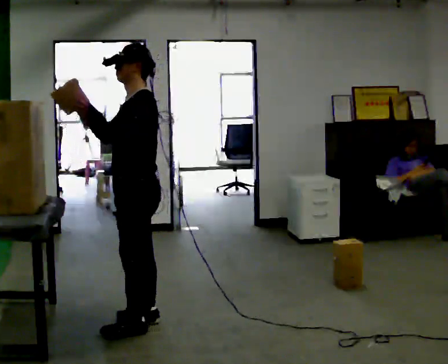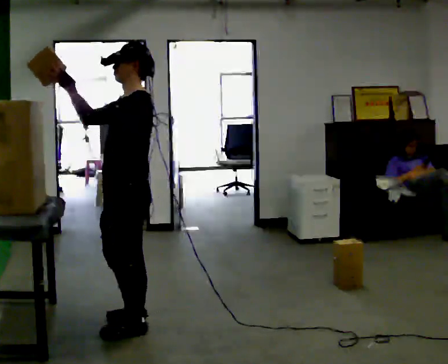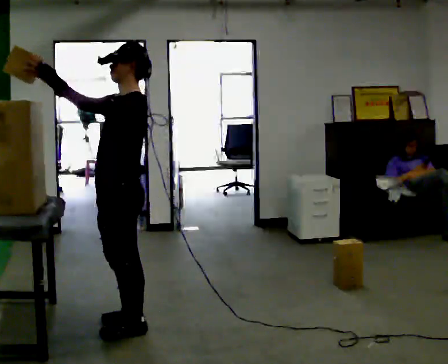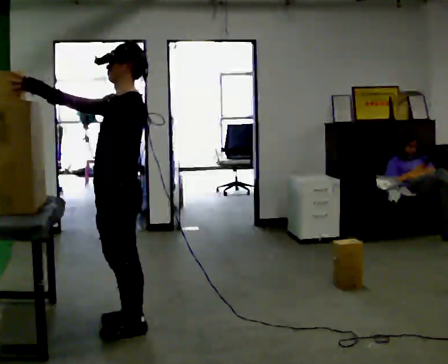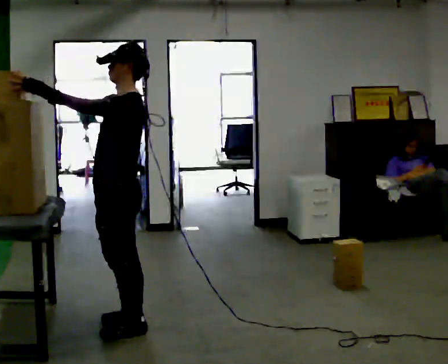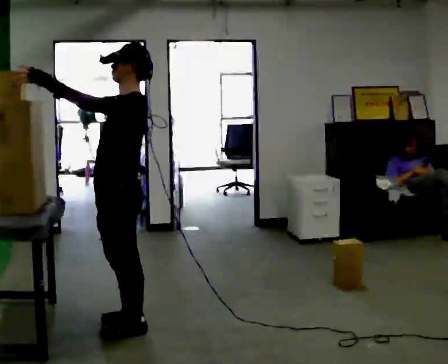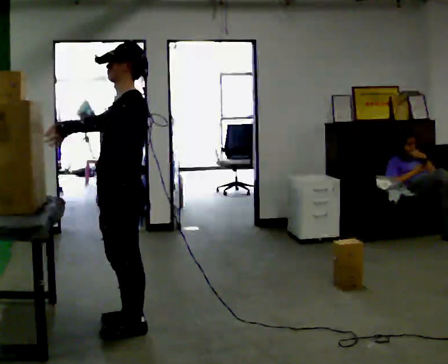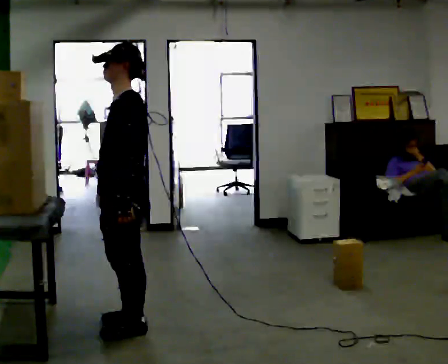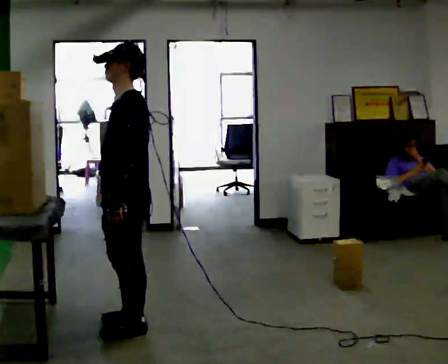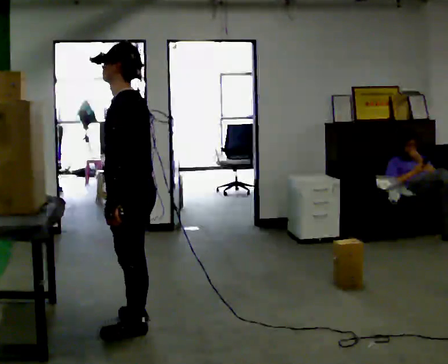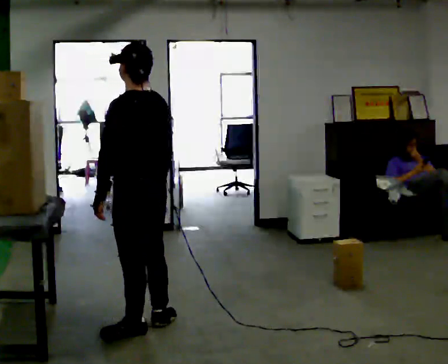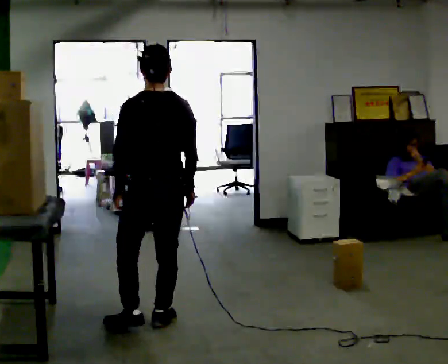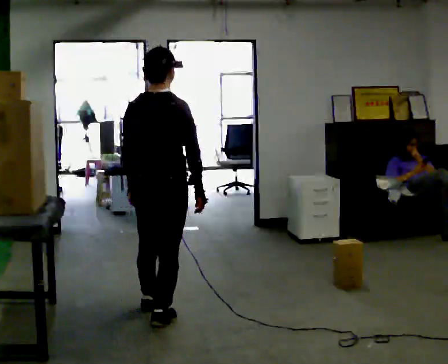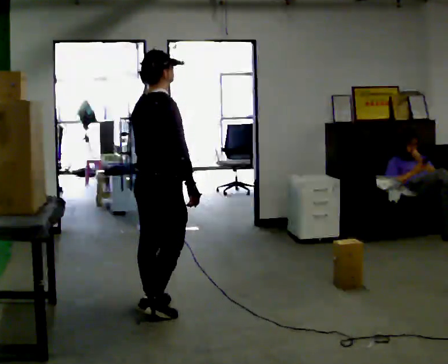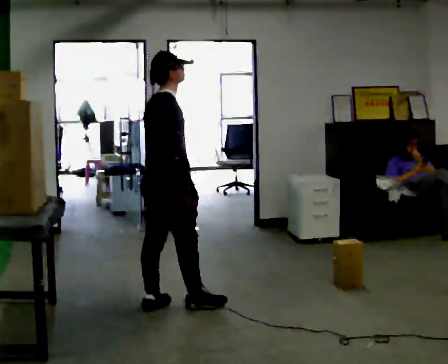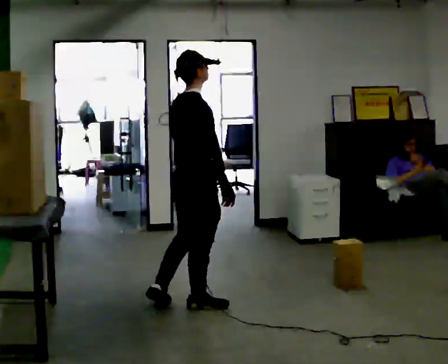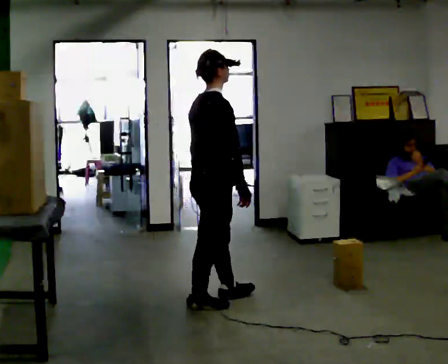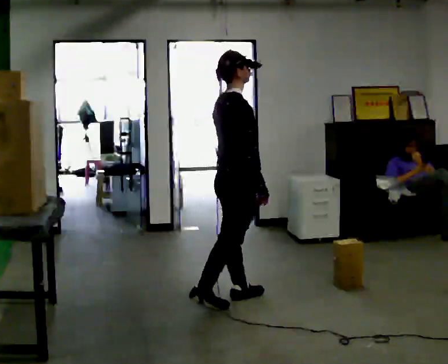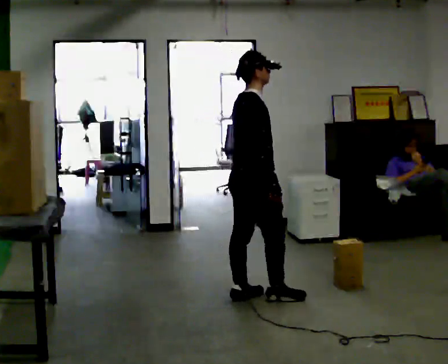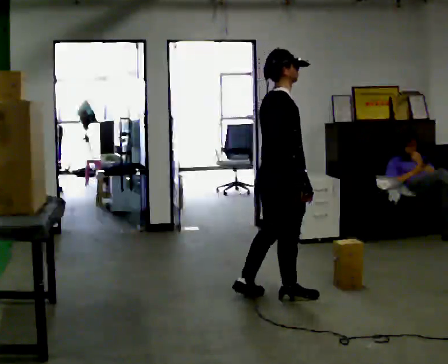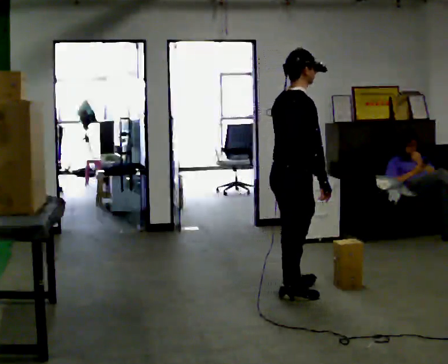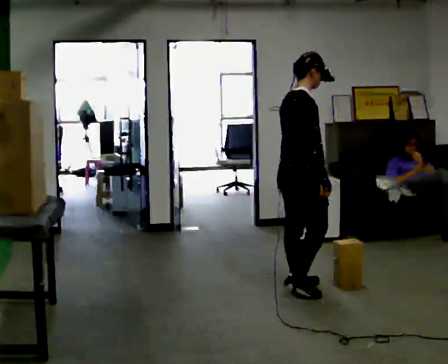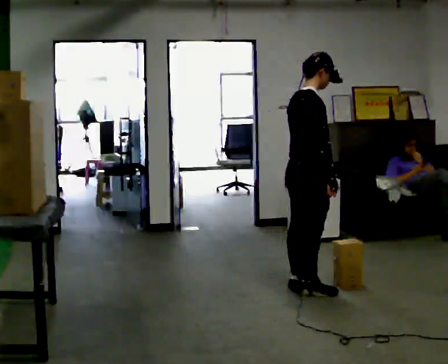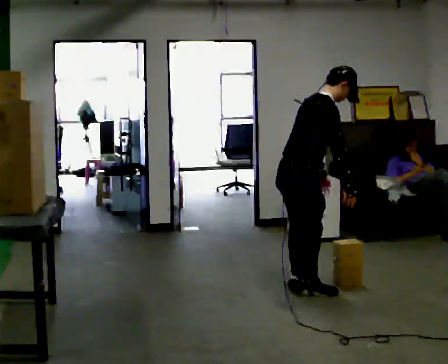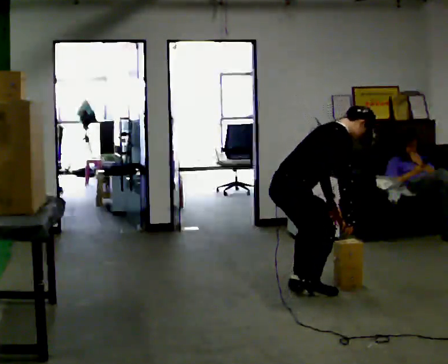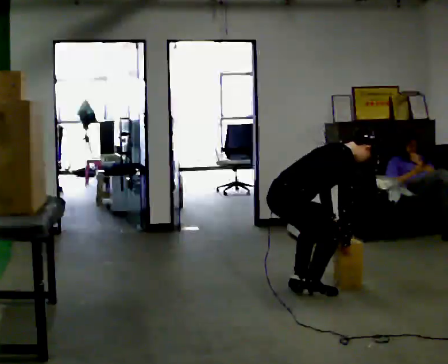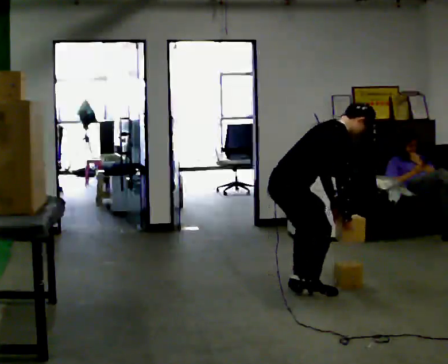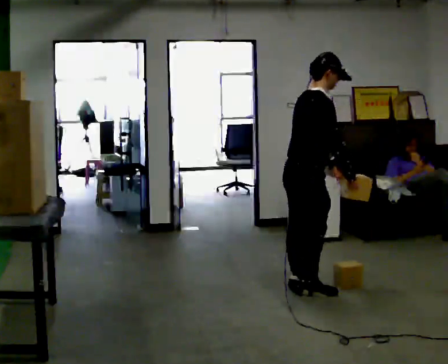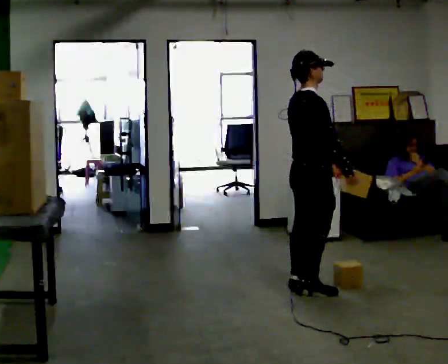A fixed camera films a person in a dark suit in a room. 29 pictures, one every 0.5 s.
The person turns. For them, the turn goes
to their right.
The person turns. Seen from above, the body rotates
clockwise.
0.0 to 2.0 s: The person moves a little, or ends about where they began.
2.0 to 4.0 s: In the picture their right hand goes downward and to the right, the arm swinging counterclockwise.
4.0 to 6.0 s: The part of the body nearest the lens slides to the left as the person turns to their right by about 120 degrees. In the picture they go away from the camera and to the right, about 0.25 m in 1 step.
6.0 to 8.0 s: The person turns about 45 degrees to their right, clockwise seen from above, so the part of the body nearest the lens slides to the left. In the picture they go to the right and away from the camera, about 0.5 m in 1 step, which for them is forward.
8.0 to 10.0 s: In the picture they go to the right, about 0.5 m in 2 steps, which for them is forward.
10.0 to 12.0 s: The upper body goes downward. In the picture the upper body tilts clockwise, shoulders to the right, as they bend forward. In the picture their left hand goes to the right.
12.0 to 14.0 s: In the picture their left hand goes upward.
The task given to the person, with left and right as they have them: Take an object from the lowest shelf, carry it across the room, and place it on the highest shelf you can comfortably reach. Keep going until the operator says stop; one object at a time, and do not rush between trips.
The film runs forward here.
